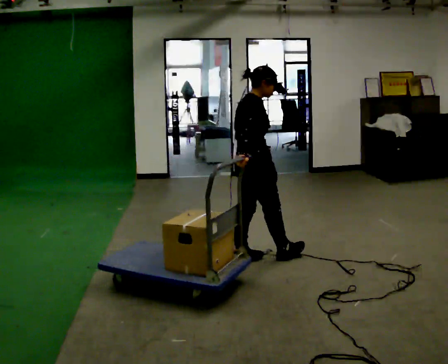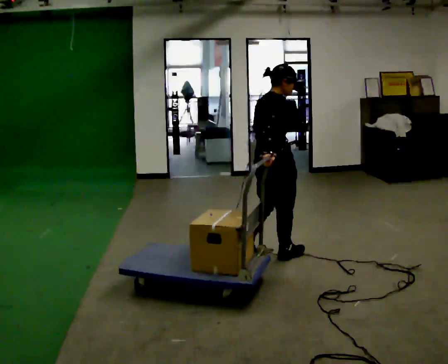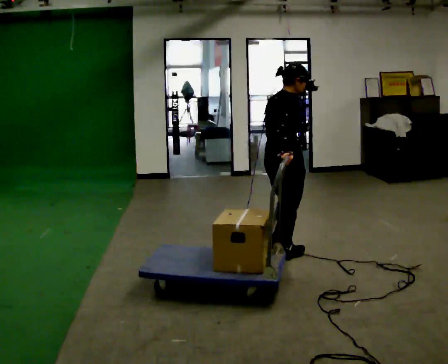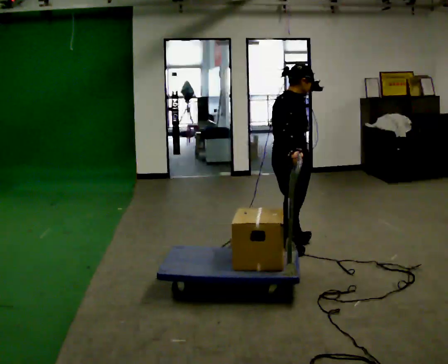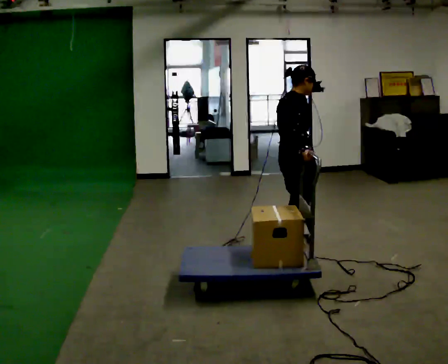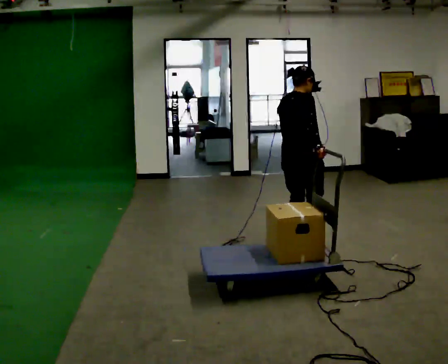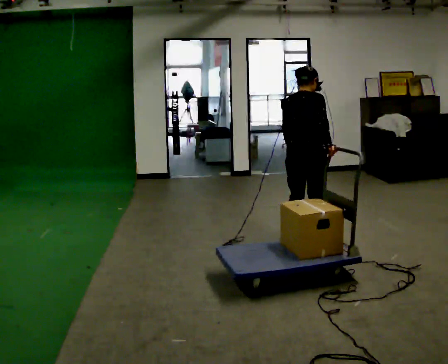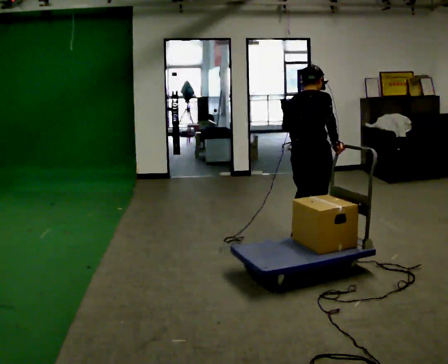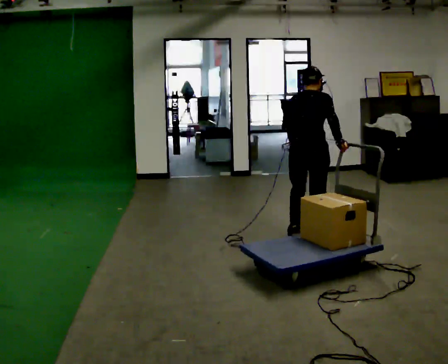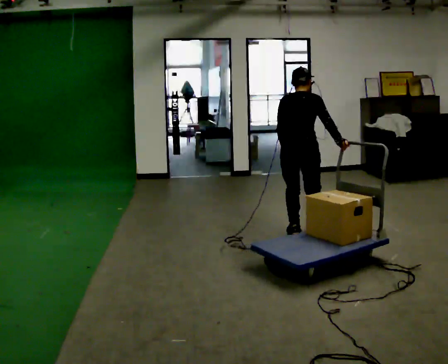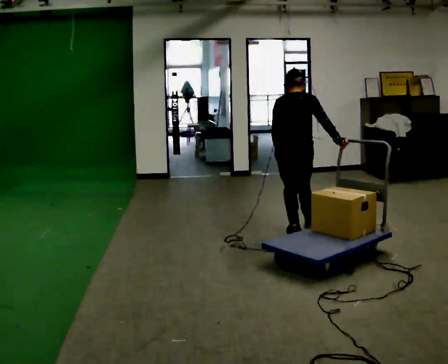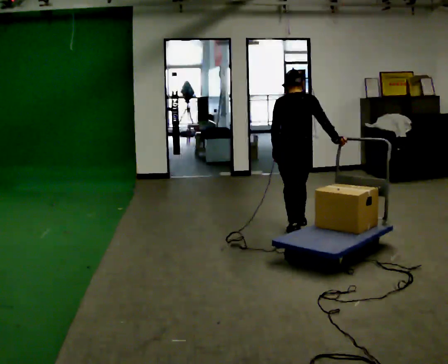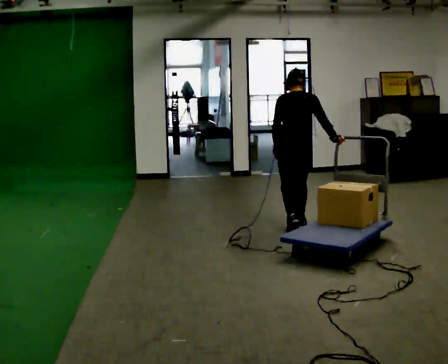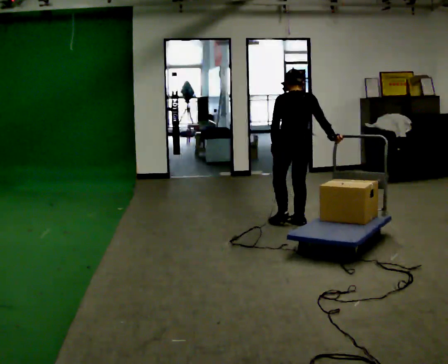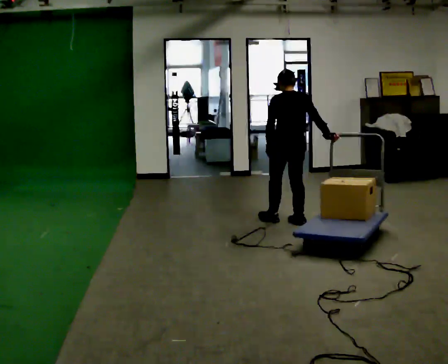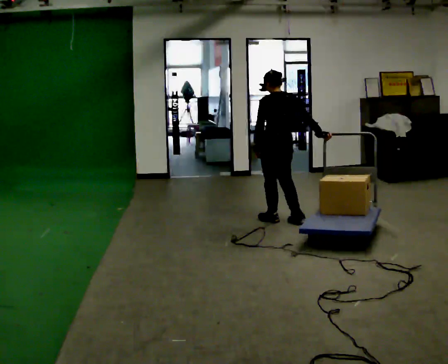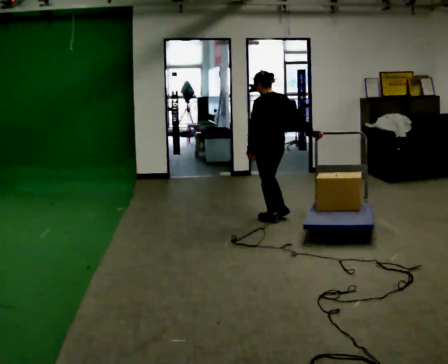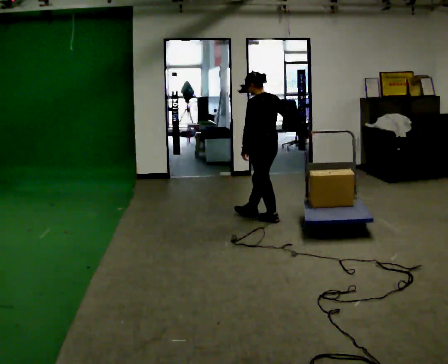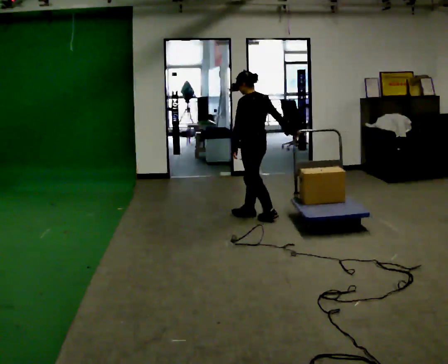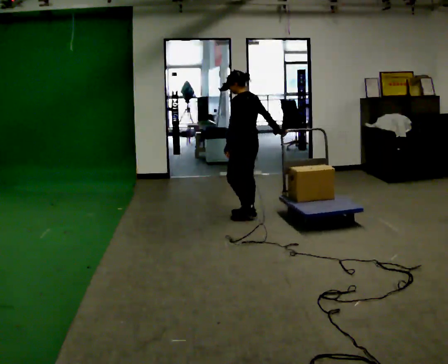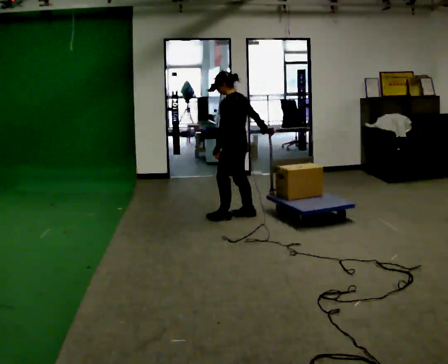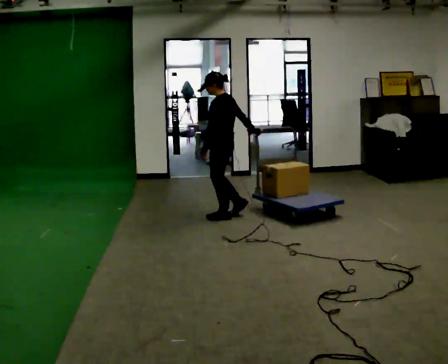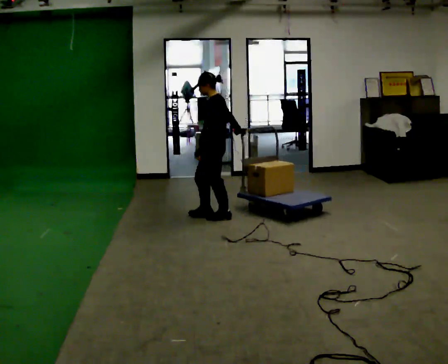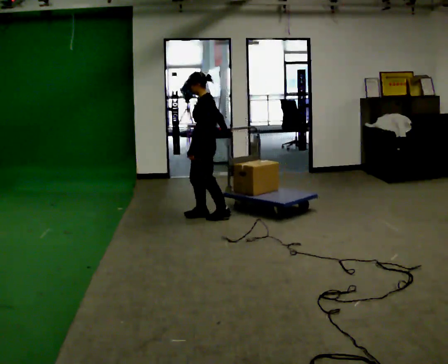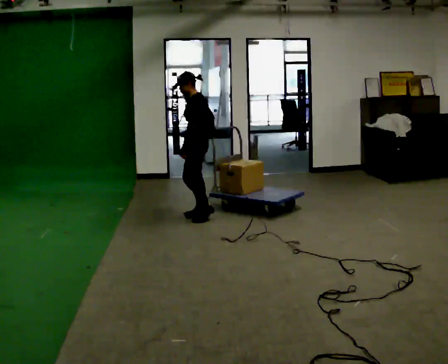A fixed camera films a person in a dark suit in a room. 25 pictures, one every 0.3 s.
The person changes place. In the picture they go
away from the camera.
The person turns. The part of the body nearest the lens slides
to the right.
0.0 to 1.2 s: In the picture they go to the right and away from the camera, about 0.5 m in 2 steps, which for them is forward.
1.2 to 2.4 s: Seen from above the body turns counterclockwise, about 45 degrees: to their left, with its near side sliding to the right. In the picture they go away from the camera, about 0.25 m in 1 step, which for them is forward.
2.4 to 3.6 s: The part of the body nearest the lens slides to the right as the person turns to their left by about 30 degrees. In the picture they go away from the camera, about 0.5 m in 2 steps, which for them is forward.
3.6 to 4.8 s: The person turns about 30 degrees to their left, counterclockwise seen from above, so the part of the body nearest the lens slides to the right. In the picture they go to the left and away from the camera, about 0.25 m in 1 step, which for them is forward.
4.8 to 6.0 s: The person turns about 30 degrees to their left, counterclockwise seen from above, so the part of the body nearest the lens slides to the right. In the picture they go to the left and away from the camera, about 0.5 m in 2 steps, which for them is forward.
6.0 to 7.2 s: The person turns about 30 degrees to their left, counterclockwise seen from above, so the part of the body nearest the lens slides to the right. In the picture they go to the left, about 0.25 m in 1 step, which for them is forward.
The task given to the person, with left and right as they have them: Pull the cart behind you as you walk backward across the room. The operator will confirm the space behind you is clear before each take.
The film runs forward here.
